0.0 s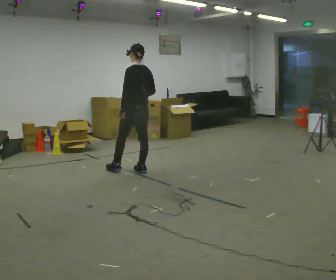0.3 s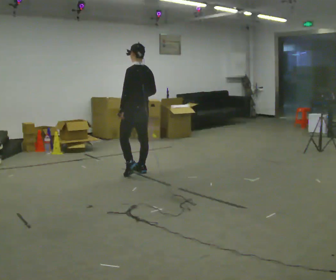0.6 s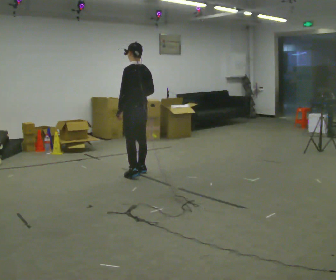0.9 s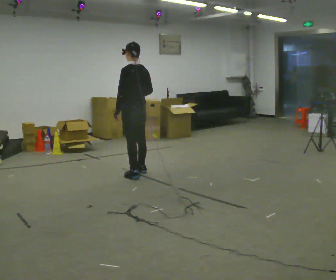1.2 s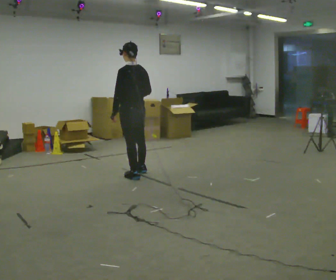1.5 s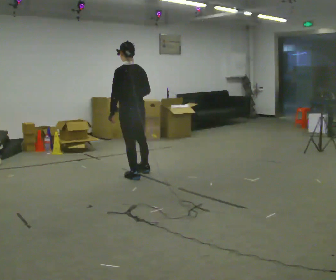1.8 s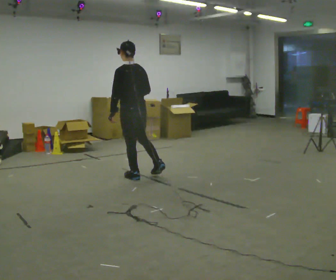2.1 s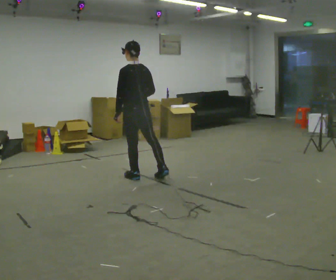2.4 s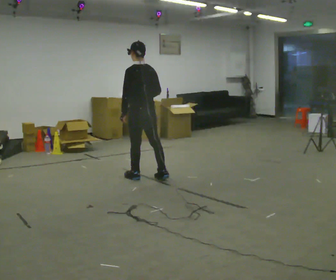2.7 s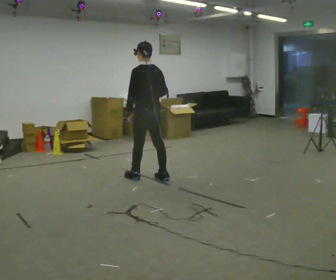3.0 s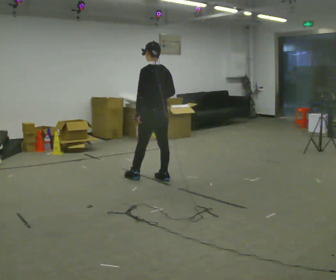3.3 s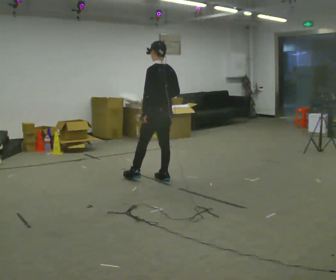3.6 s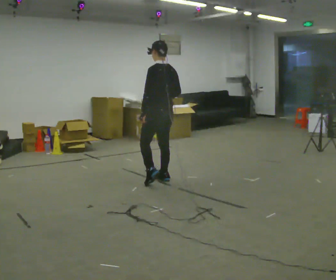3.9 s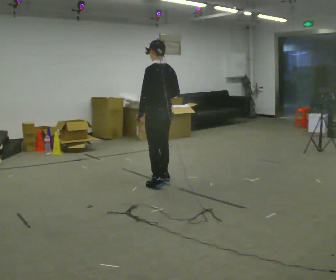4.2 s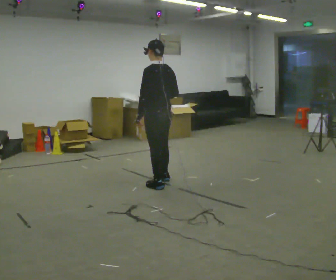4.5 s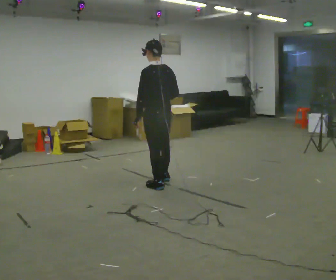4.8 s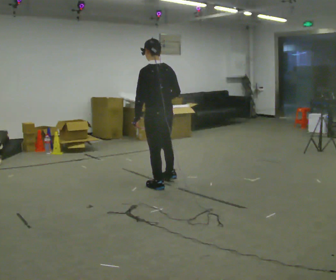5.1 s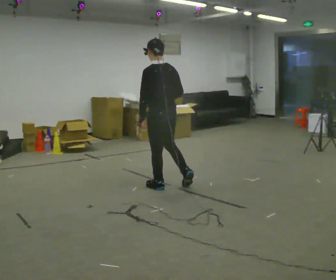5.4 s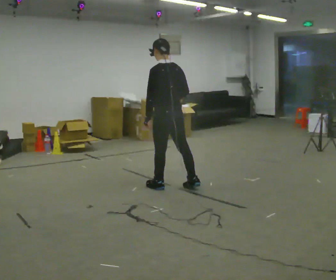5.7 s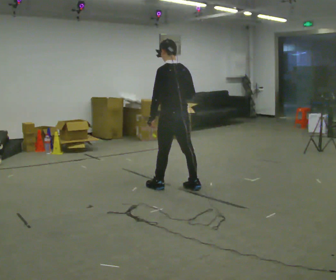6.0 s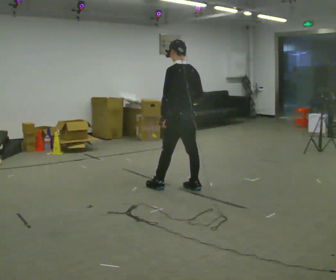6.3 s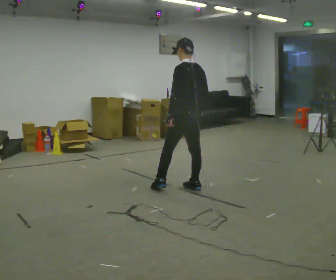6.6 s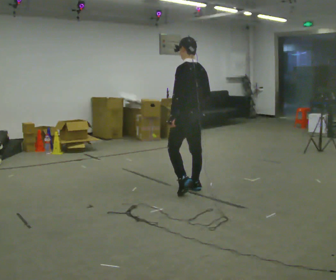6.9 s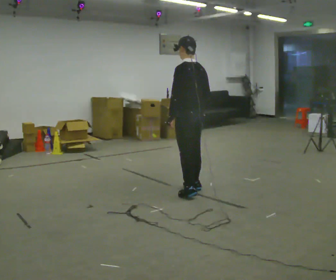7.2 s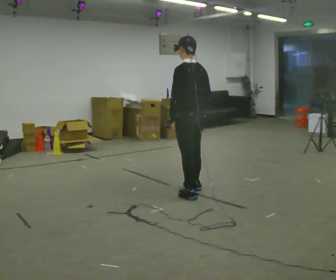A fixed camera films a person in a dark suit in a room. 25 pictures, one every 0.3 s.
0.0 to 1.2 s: In the picture they go toward the camera, about 0.25 m, which for them is to their left and backward.
1.2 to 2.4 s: The person moves a little, or ends about where they began.
2.4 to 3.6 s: In the picture they go to the right, about 0.25 m in 1 step, which for them is backward.
3.6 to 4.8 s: In the picture they go toward the camera, about 0.25 m in 1 step, which for them is to their left and backward.
4.8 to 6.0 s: In the picture they go to the right, about 0.25 m, which for them is backward and to their right.
6.0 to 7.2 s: In the picture they go toward the camera, about 0.25 m in 1 step, which for them is backward.
The film runs backward here.
